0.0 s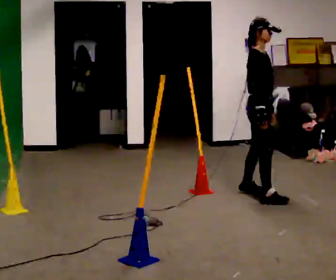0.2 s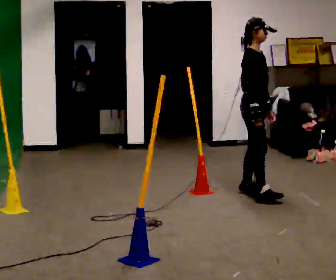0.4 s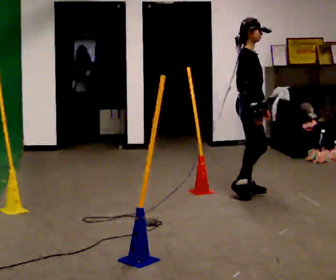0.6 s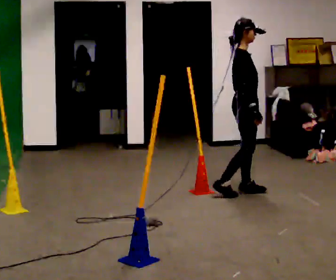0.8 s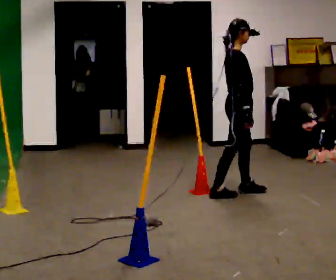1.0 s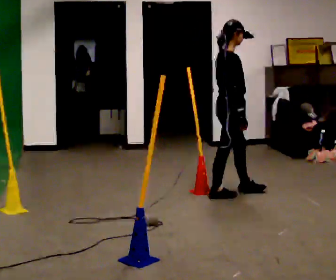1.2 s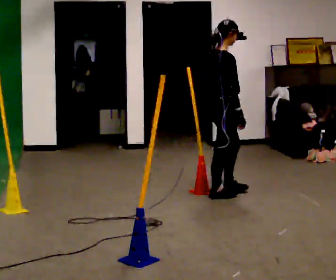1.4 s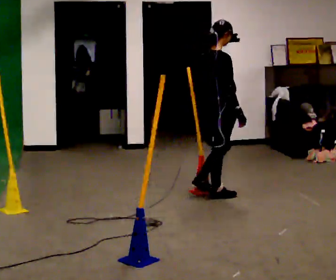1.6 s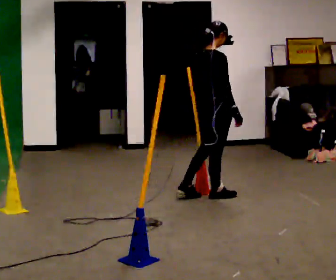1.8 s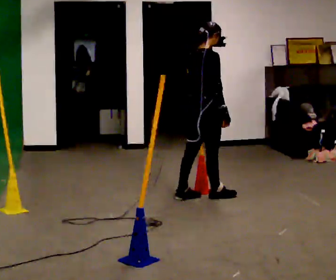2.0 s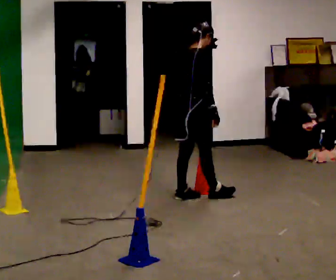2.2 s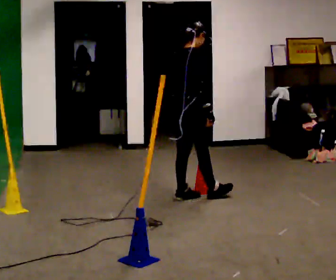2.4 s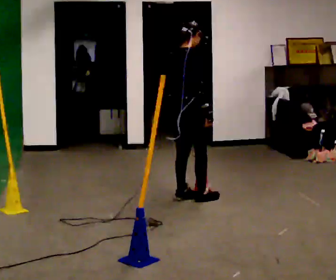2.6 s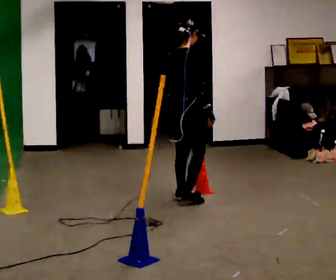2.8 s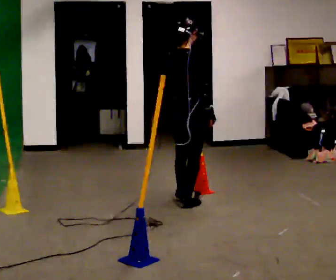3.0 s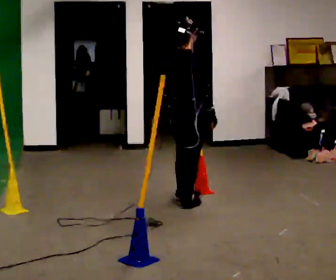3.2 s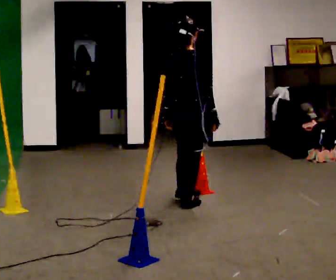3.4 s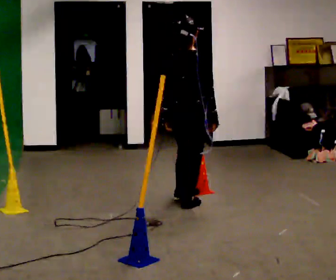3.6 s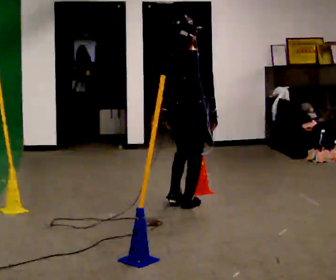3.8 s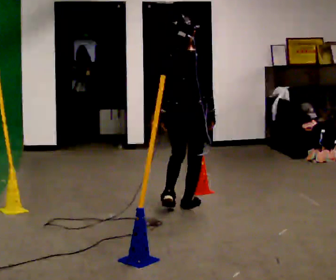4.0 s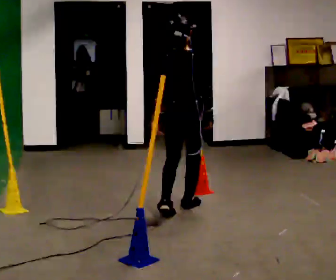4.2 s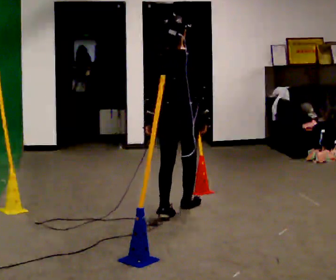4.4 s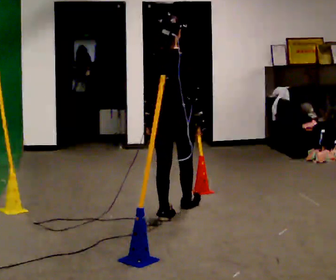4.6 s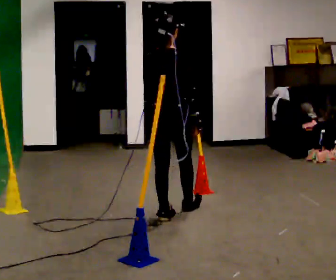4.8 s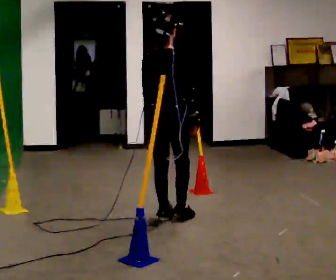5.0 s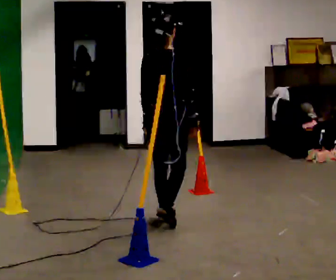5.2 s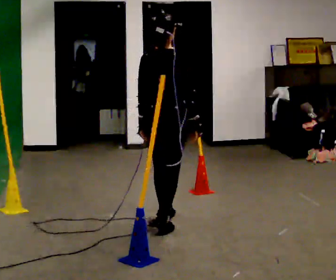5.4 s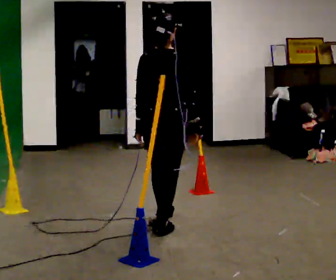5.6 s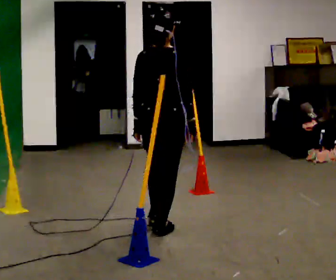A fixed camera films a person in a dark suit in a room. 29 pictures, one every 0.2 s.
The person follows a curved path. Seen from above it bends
counterclockwise.
0.0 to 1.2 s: The person turns about 45 degrees to their left, counterclockwise seen from above, so the part of the body nearest the lens slides to the right. In the picture they go to the left, about 0.25 m in 2 steps, which for them is backward.
1.2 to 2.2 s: In the picture they go to the left, about 0.25 m, which for them is backward and to their left.
2.2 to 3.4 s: The part of the body nearest the lens slides to the right as the person turns to their left by about 45 degrees. In the picture they go toward the camera, about 0.25 m in 1 step, which for them is to their right and backward.
3.4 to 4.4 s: In the picture they go toward the camera, about 0.25 m in 1 step, which for them is backward.
4.4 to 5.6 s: In the picture they go toward the camera, about 0.5 m in 2 steps, which for them is backward.
The film runs backward here.
